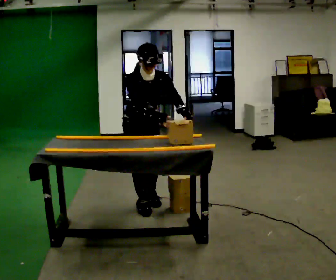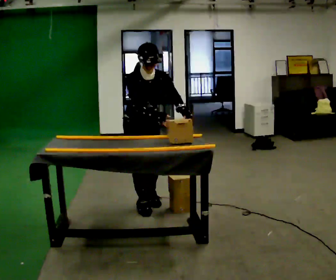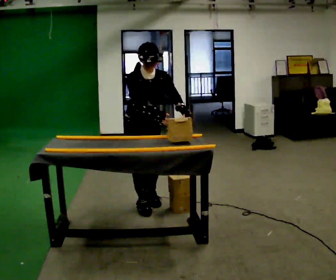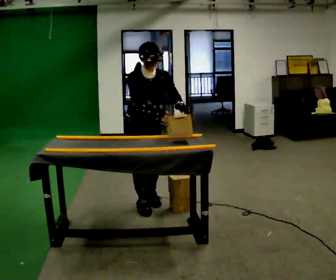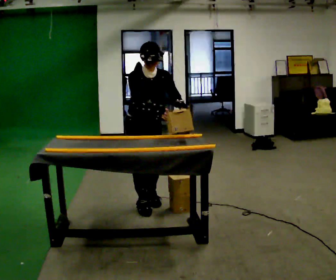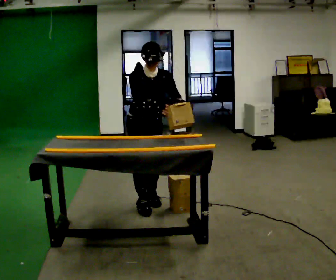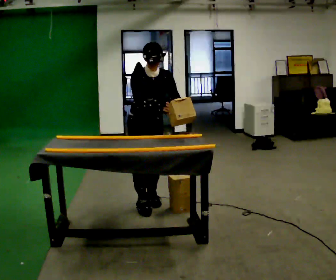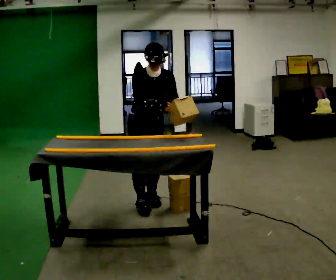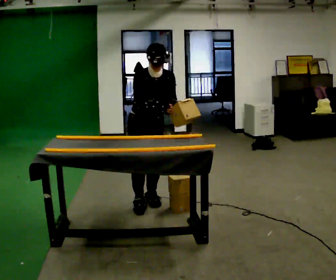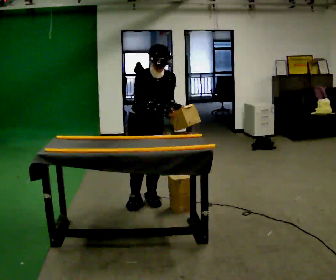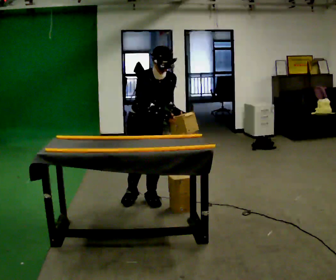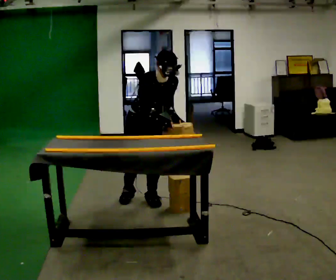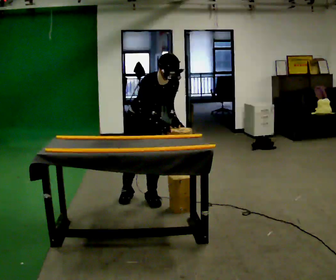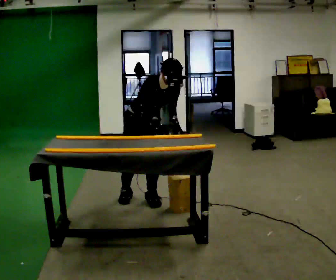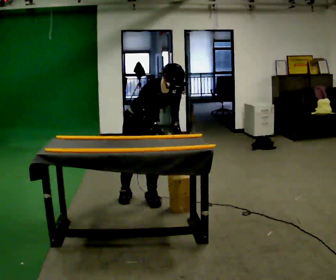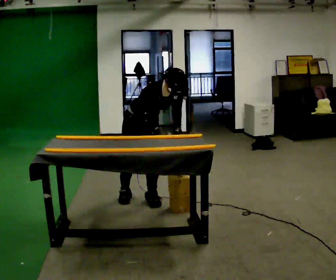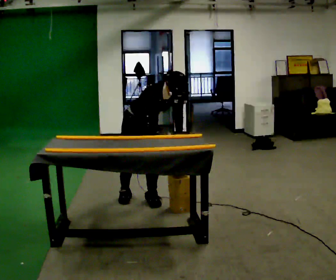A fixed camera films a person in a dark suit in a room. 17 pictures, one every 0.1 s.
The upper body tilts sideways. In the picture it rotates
clockwise.
0.0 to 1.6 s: In the picture they go away from the camera, about 0.25 m in 1 step, which for them is backward. In the picture the upper body tilts clockwise, shoulders to the right.
The film runs backward here.
